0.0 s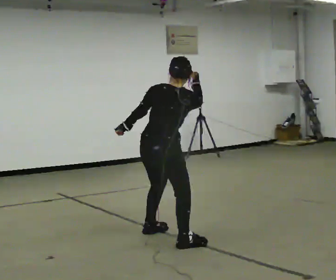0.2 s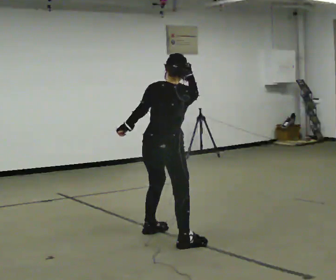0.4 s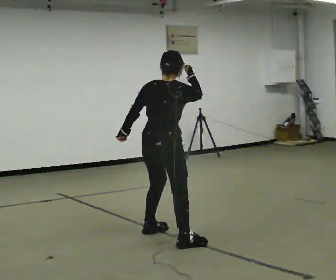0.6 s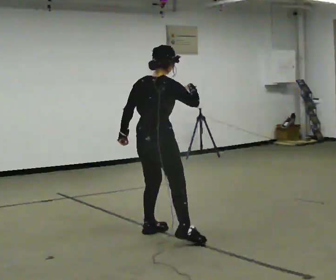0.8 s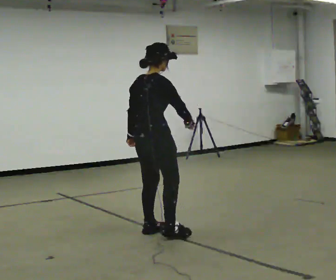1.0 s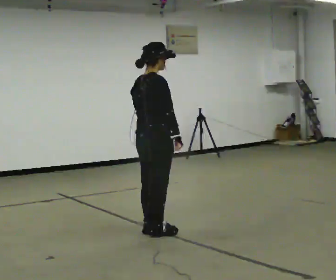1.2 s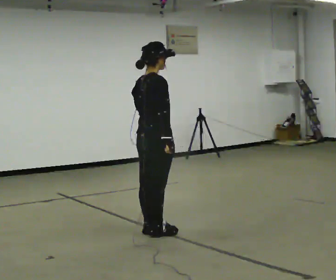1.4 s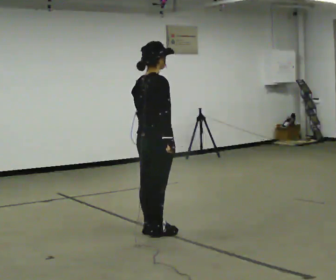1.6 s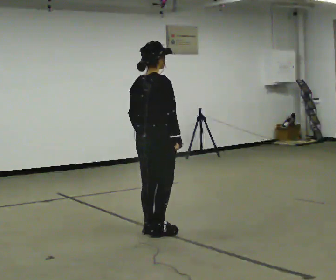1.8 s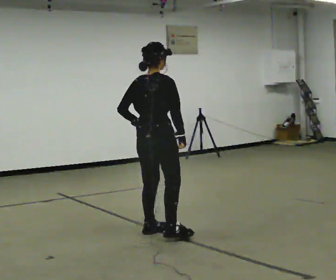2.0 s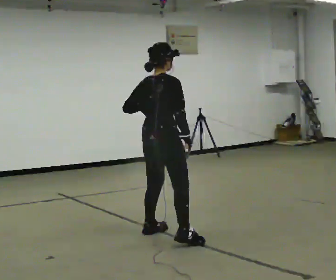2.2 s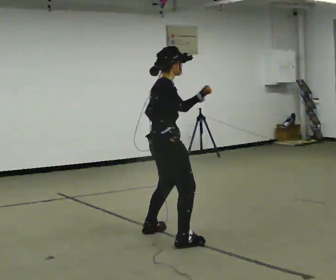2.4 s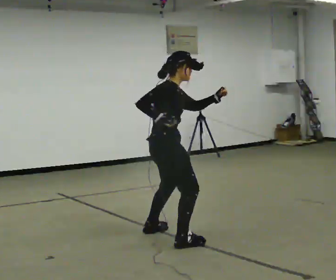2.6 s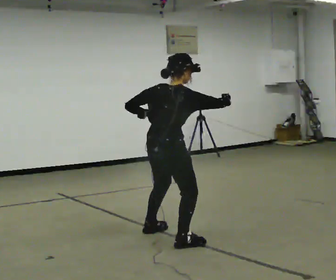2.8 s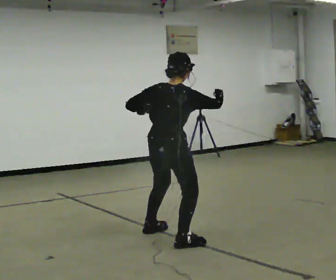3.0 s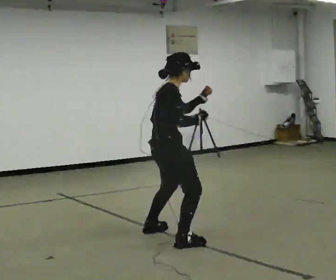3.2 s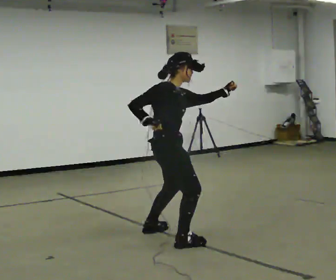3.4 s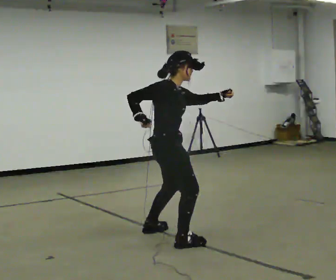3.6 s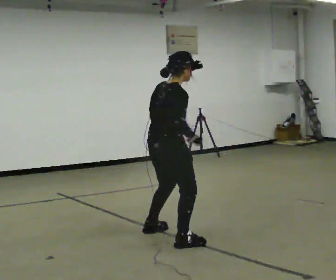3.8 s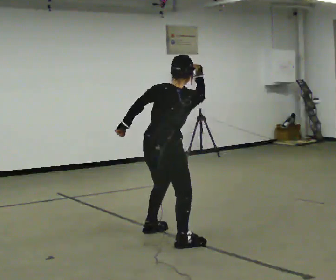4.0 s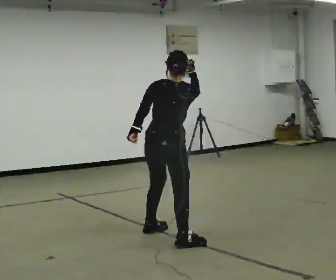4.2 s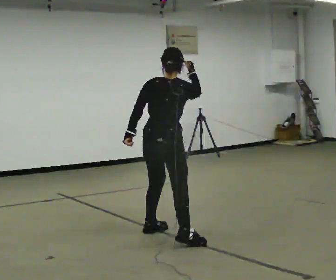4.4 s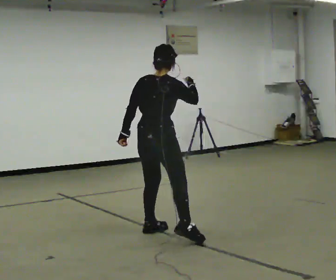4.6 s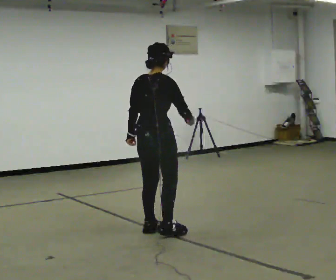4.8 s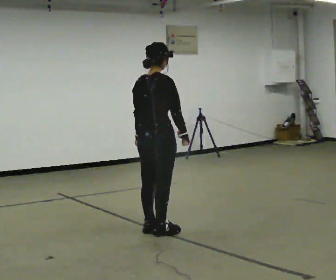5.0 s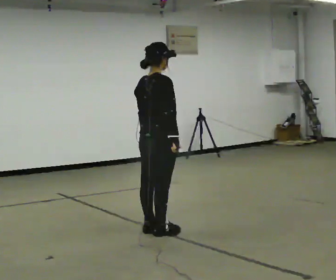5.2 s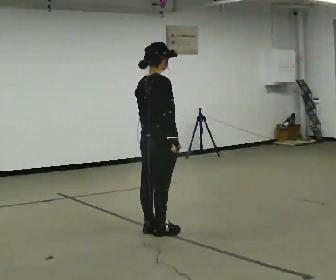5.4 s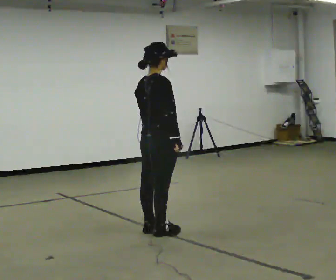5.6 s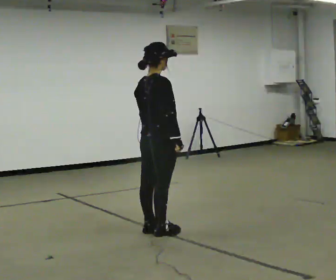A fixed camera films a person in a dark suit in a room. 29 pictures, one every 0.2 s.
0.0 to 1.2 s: The part of the body nearest the lens slides to the left as the person turns to their right by about 45 degrees. In the picture they go away from the camera, about 0.25 m in 1 step, which for them is to their left. In the picture the upper body tilts counterclockwise, shoulders to the left. In the picture their right hand goes downward.
1.2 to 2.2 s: The person turns about 30 degrees to their right, clockwise seen from above, so the part of the body nearest the lens slides to the left. In the picture they go toward the camera, about 0.25 m in 1 step, which for them is to their right. In the picture their left hand goes to the right and upward.
2.2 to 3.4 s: The person moves a little, or ends about where they began.
3.4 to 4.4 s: Seen from above the body turns counterclockwise, about 60 degrees: to their left, with its near side sliding to the right. In the picture they go away from the camera, about 0.25 m. In the picture their left hand goes to the left, the arm swinging clockwise.
4.4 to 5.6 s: In the picture their right hand goes downward.
The film runs forward here.
